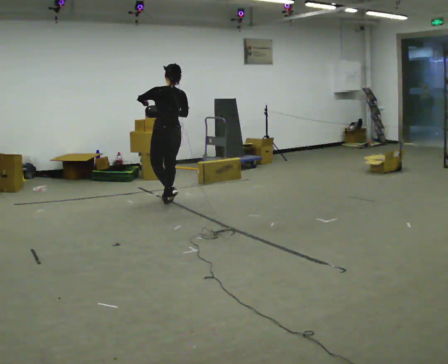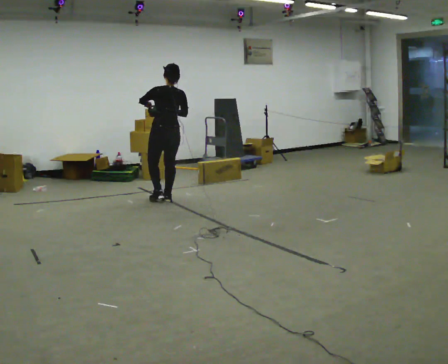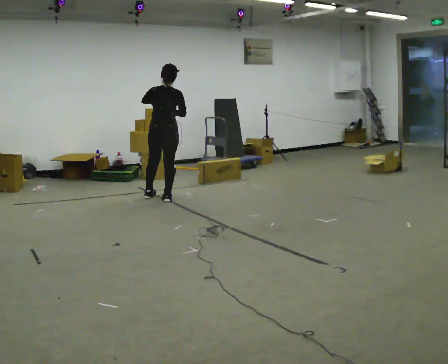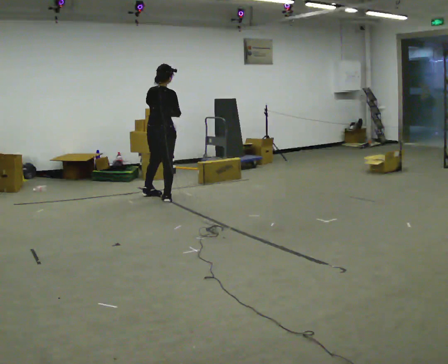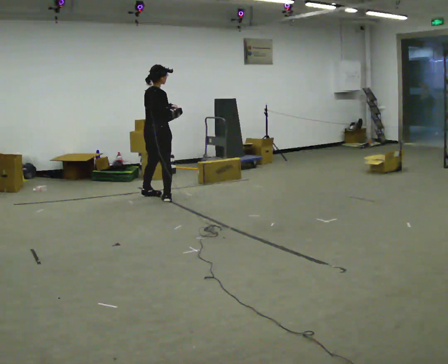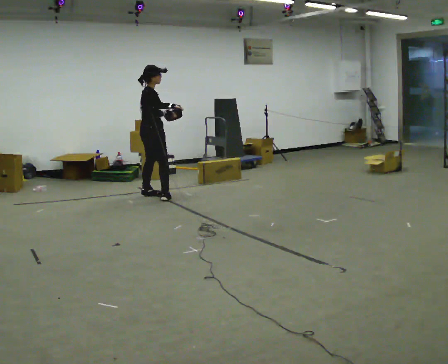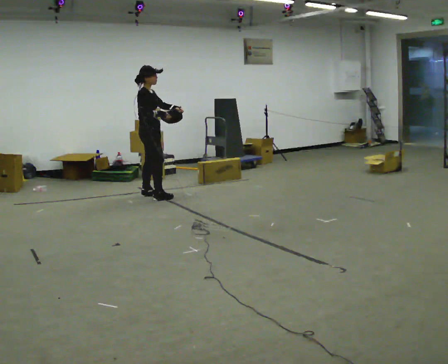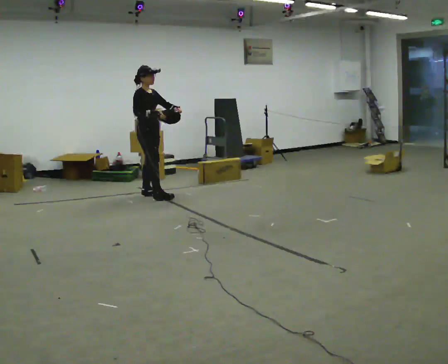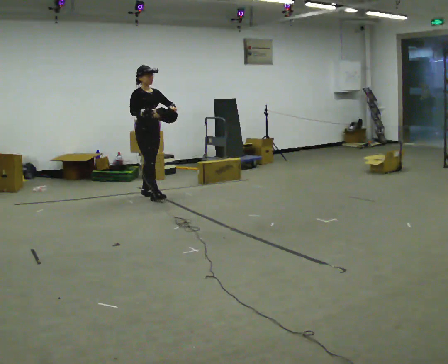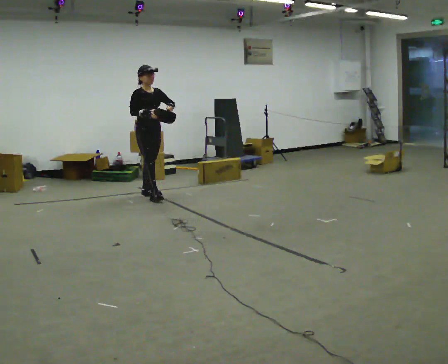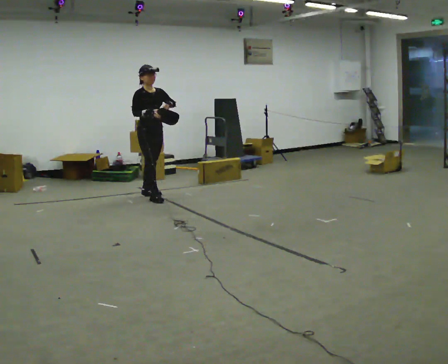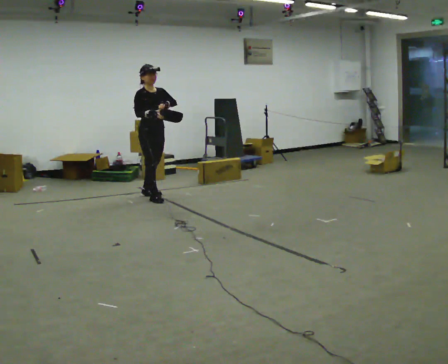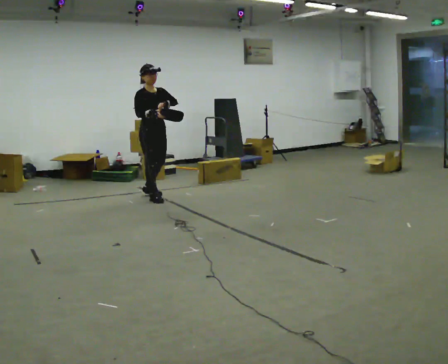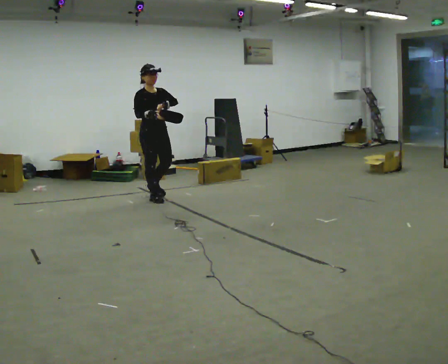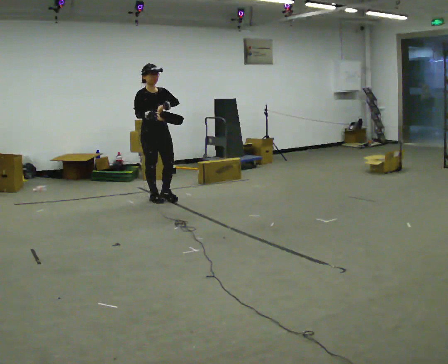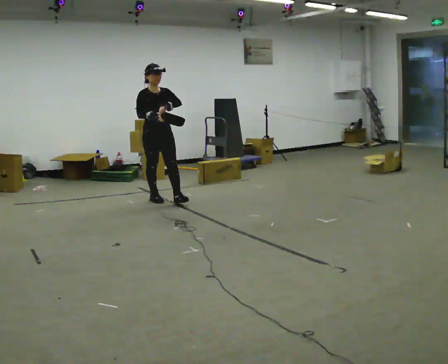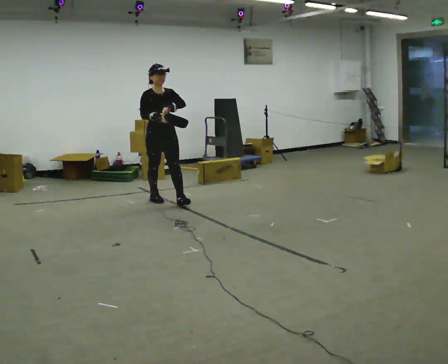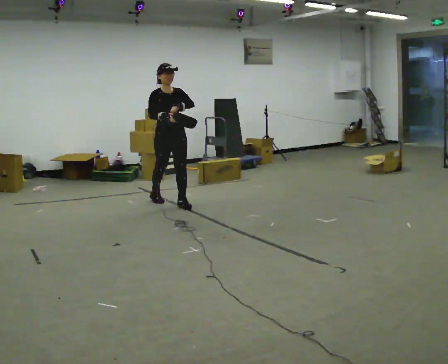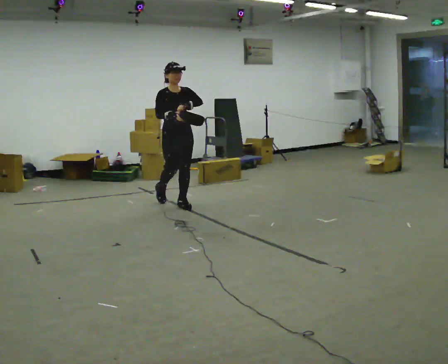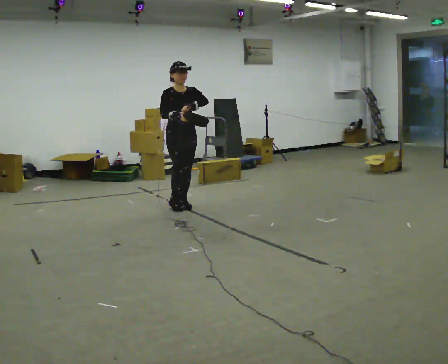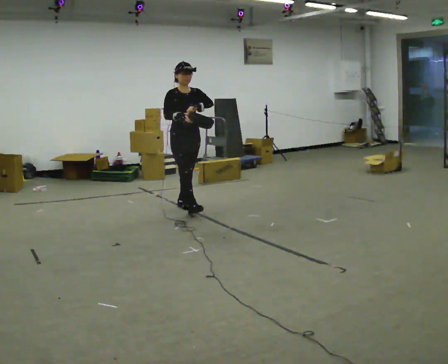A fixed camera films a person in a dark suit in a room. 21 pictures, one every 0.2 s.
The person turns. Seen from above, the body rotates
clockwise.
The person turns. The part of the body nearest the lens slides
to the left.
0.0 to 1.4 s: Seen from above the body turns clockwise, about 135 degrees: to their right, with its near side sliding to the left. In the picture they go away from the camera and to the left, about 0.5 m in 2 steps.
1.4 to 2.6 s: In the picture they go toward the camera, about 0.25 m, which for them is forward.
2.6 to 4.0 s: In the picture they go toward the camera and to the right, about 0.5 m in 1 step, which for them is forward and to their left.
The film runs forward here.
